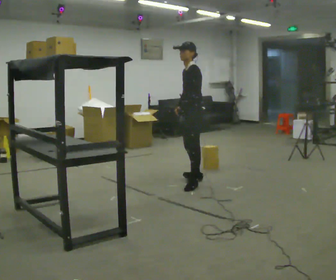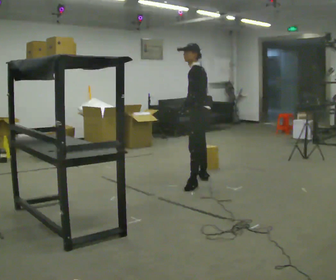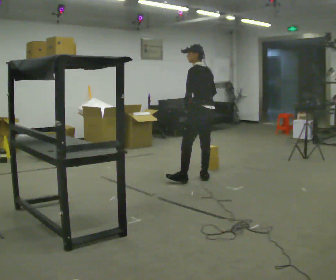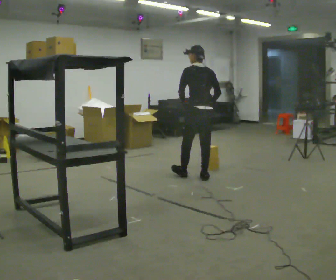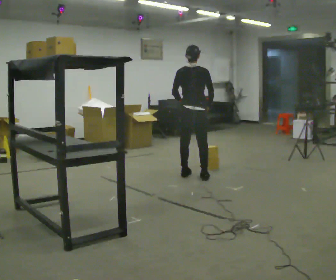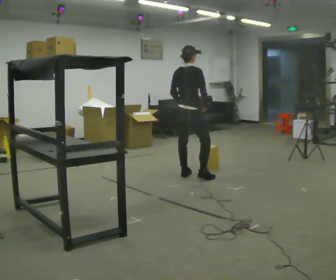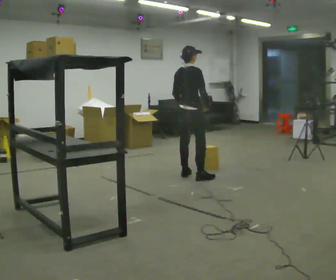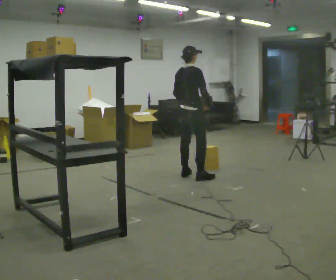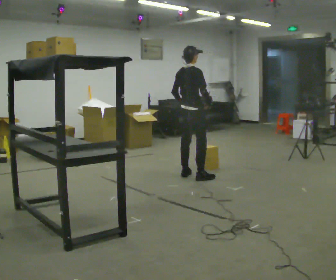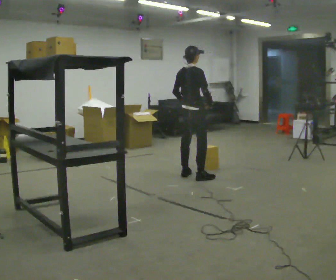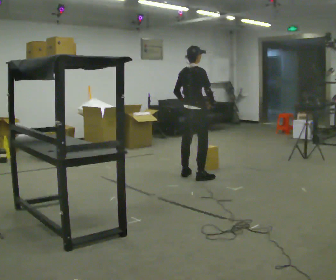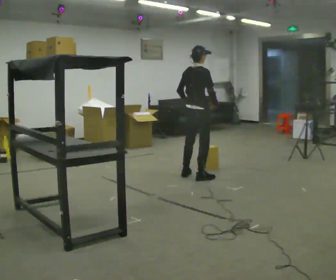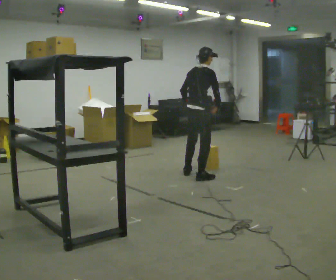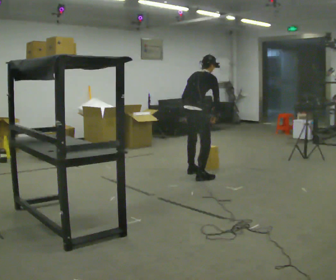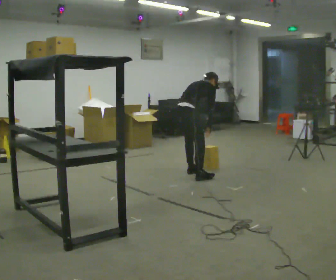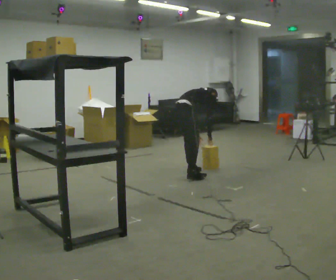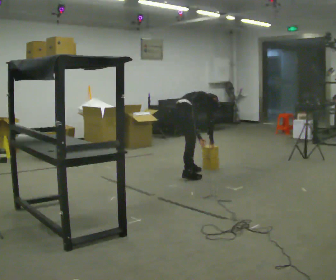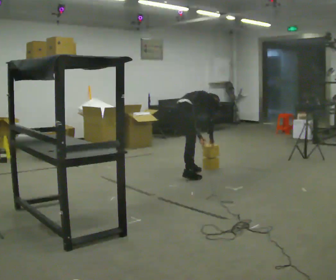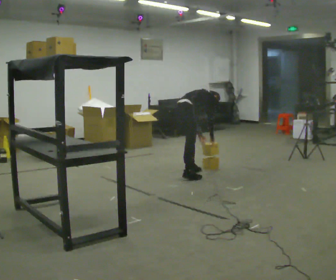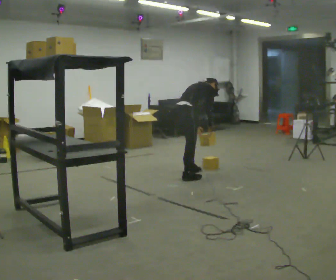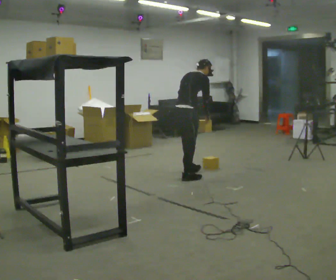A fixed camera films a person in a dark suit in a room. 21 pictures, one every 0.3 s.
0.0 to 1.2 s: The part of the body nearest the lens slides to the left as the person turns to their right by about 105 degrees. In the picture they go away from the camera, about 0.25 m in 1 step.
1.2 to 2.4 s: Seen from above the body turns clockwise, about 45 degrees: to their right, with its near side sliding to the left.
2.4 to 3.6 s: The person moves a little, or ends about where they began.
3.6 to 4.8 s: In the picture they go away from the camera and to the left, about 0.25 m in 1 step, which for them is to their left. The shoulders move downward. The upper body tips away from the camera, its near side rolling upward, as they bend forward. In the picture their left hand goes downward.
4.8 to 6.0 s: In the picture they go toward the camera, about 0.25 m, which for them is backward and to their right. The upper body goes upward. The upper body tips toward the camera, its near side rolling downward, as they lean back or straighten. In the picture their left hand goes upward.
The film runs backward here.
